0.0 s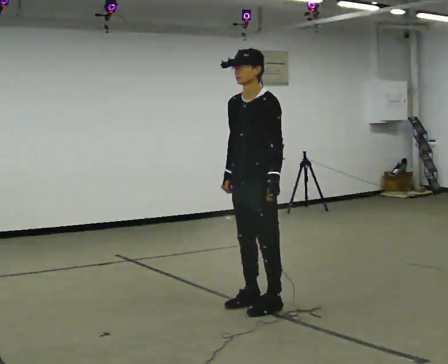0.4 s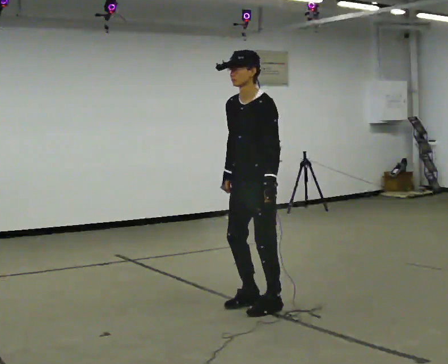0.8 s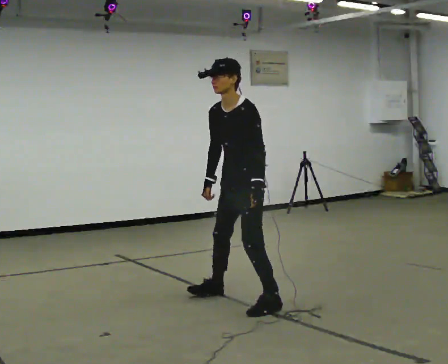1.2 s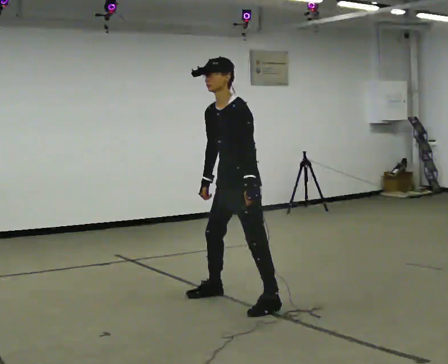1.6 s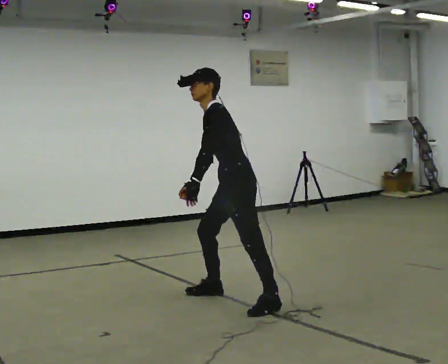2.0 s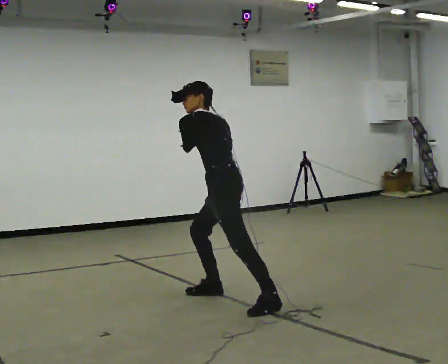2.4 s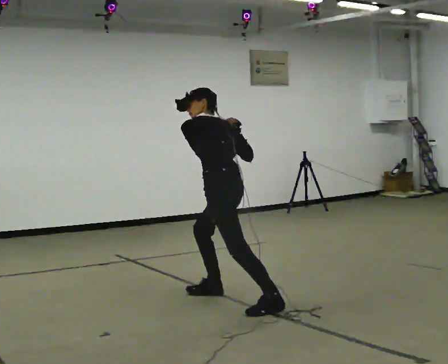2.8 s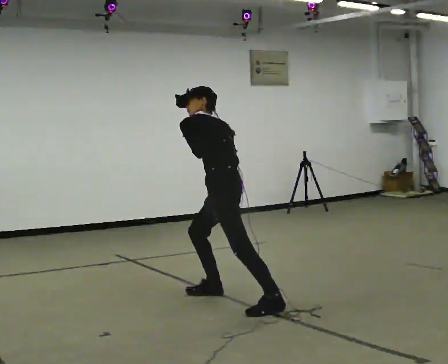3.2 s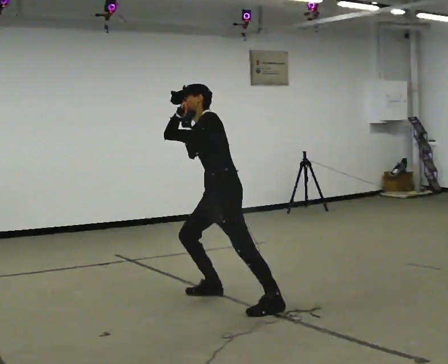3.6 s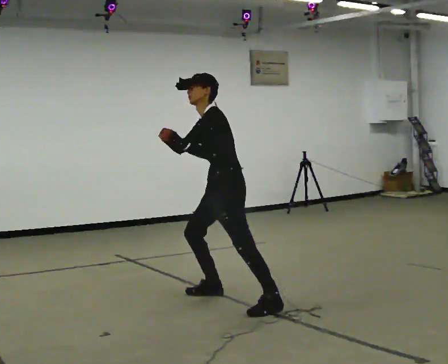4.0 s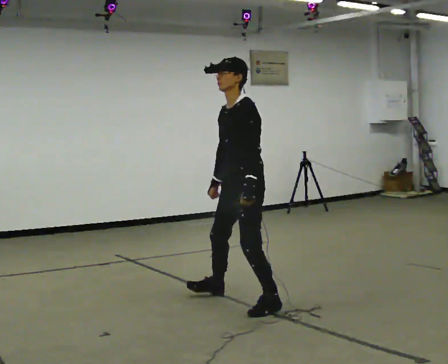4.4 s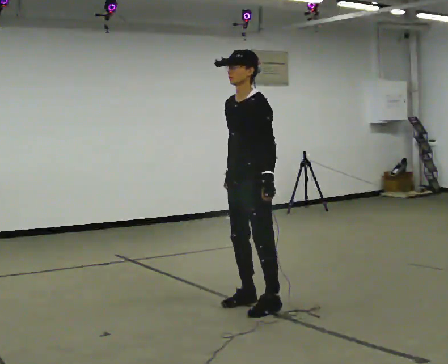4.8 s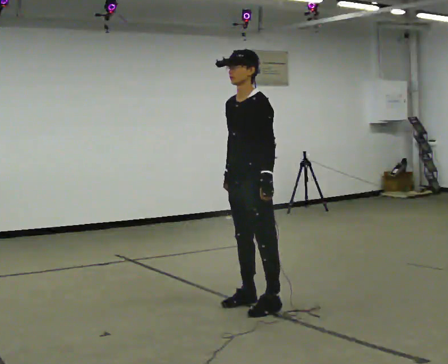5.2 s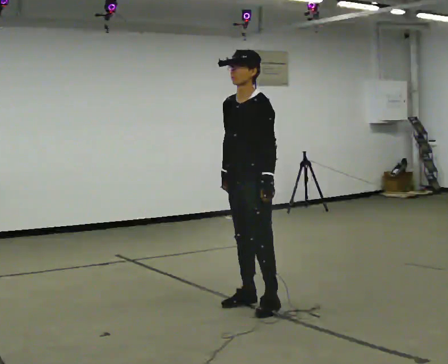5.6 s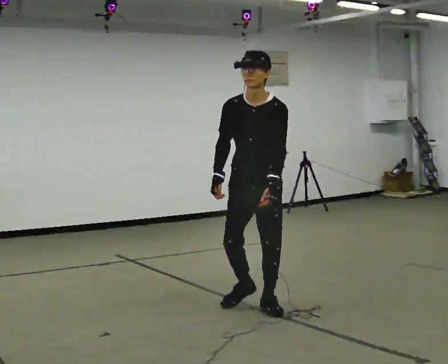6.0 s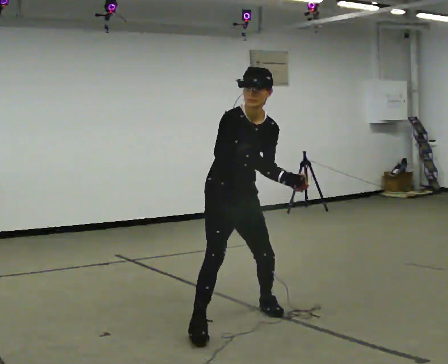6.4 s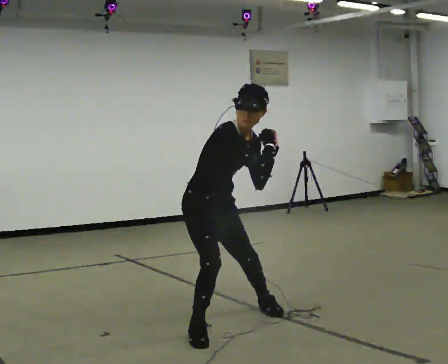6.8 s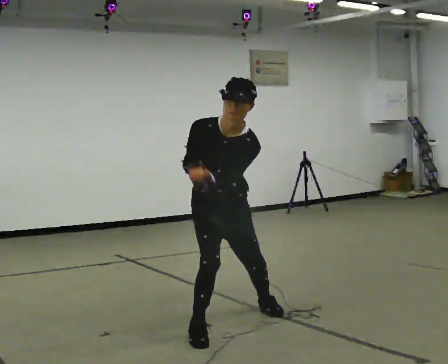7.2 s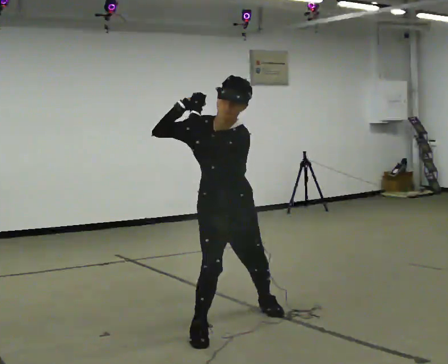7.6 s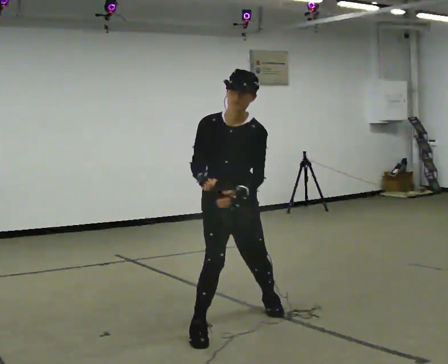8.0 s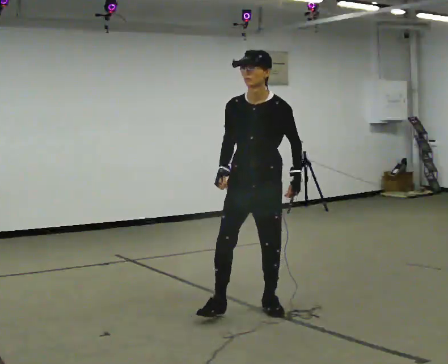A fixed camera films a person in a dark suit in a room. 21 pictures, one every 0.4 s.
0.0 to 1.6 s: The part of the body nearest the lens slides to the left as the person turns to their right by about 30 degrees. In the picture they go away from the camera, about 0.25 m in 1 step, which for them is to their right. In the picture the upper body tilts counterclockwise, shoulders to the left, as they bend forward. In the picture their left hand goes to the left.
1.6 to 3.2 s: In the picture their right hand goes upward.
3.2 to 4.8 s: In the picture they go toward the camera and to the right, about 0.25 m in 1 step, which for them is to their left. The shoulders move upward. The upper body tips toward the camera, its near side rolling downward. In the picture their right hand goes downward.
4.8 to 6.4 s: Seen from above the body turns counterclockwise, about 105 degrees: to their left, with its near side sliding to the right. In the picture they go toward the camera and to the left, about 0.5 m in 1 step. The shoulders move downward. In the picture the upper body tilts clockwise, shoulders to the right, as they bend forward.
6.4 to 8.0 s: Seen from above the body turns clockwise, about 45 degrees: to their right, with its near side sliding to the left. In the picture they go away from the camera and to the right, about 0.5 m, which for them is to their left and backward. The upper body goes upward. In the picture the upper body tilts counterclockwise, shoulders to the left, as they lean back or straighten.
The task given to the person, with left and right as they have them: Mime tennis groundstrokes with no racket, alternating forehand and backhand. Repeat the movement at your own pace until the operator says stop; do not rush.
The film runs forward here.
